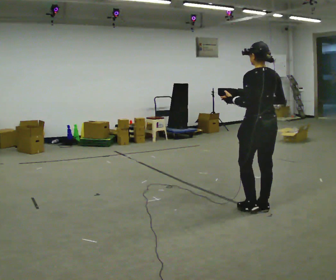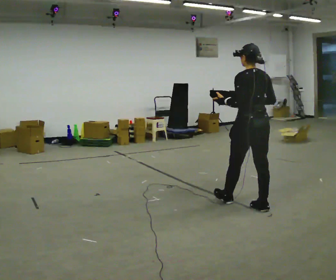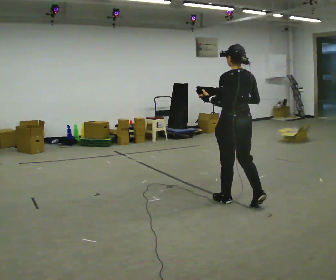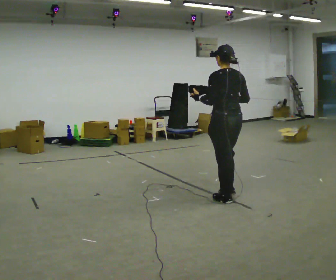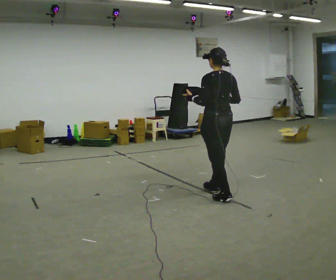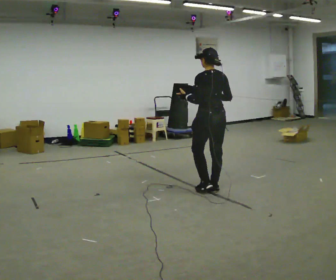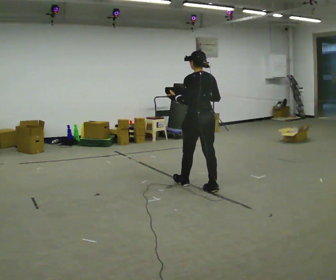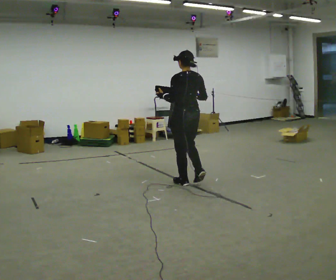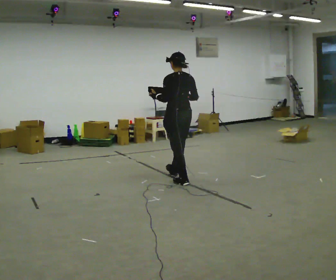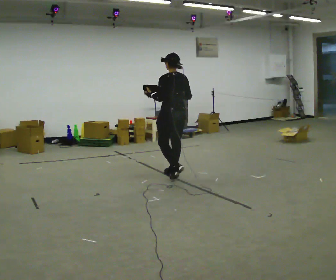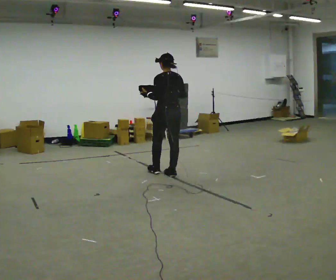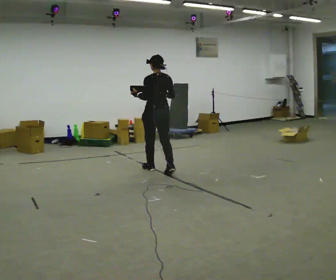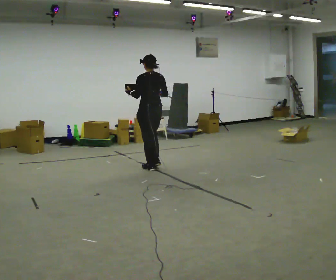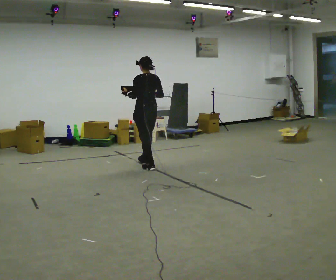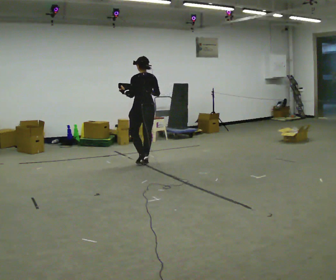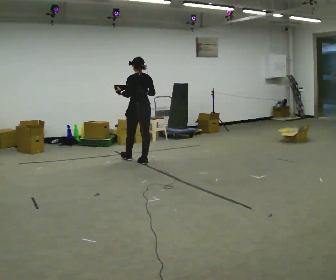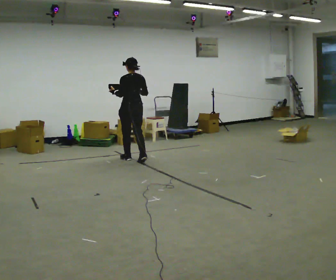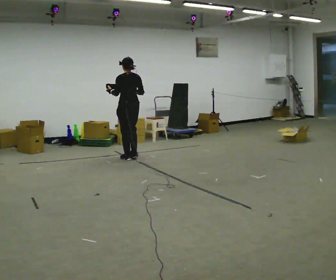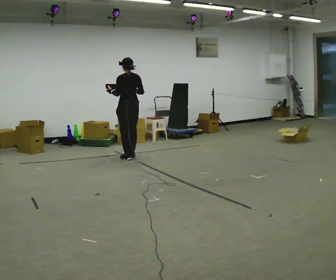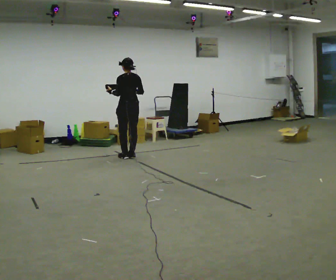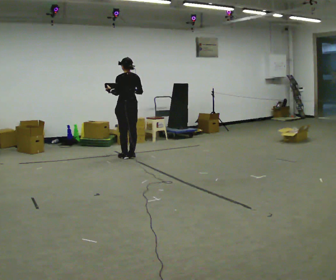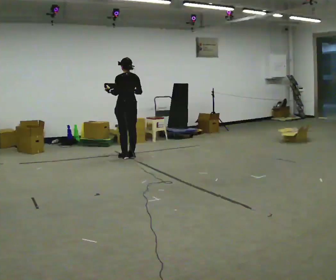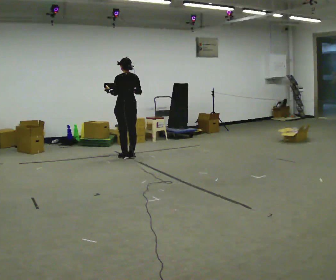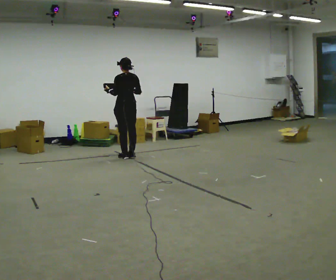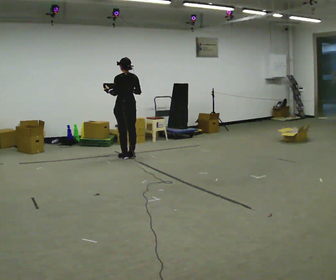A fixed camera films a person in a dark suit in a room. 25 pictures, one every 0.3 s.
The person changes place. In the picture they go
away from the camera.
0.0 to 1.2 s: In the picture they go away from the camera and to the left, about 0.5 m in 2 steps, which for them is forward.
1.2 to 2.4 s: In the picture they go away from the camera and to the left, about 1 m in 1 step, which for them is forward.
2.4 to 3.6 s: In the picture they go away from the camera and to the left, about 0.5 m in 2 steps, which for them is forward.
3.6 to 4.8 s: In the picture they go away from the camera and to the left, about 0.75 m in 2 steps, which for them is forward.
4.8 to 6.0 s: In the picture they go away from the camera, about 0.25 m in 1 step, which for them is forward.
6.0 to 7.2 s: The person keeps their place and pose.
The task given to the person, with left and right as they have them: Carry the object across the room. The lid hangs loose and will swing, so carry it however works. Keep going until the operator says stop; one object at a time, and do not rush between trips.
The film runs forward here.
